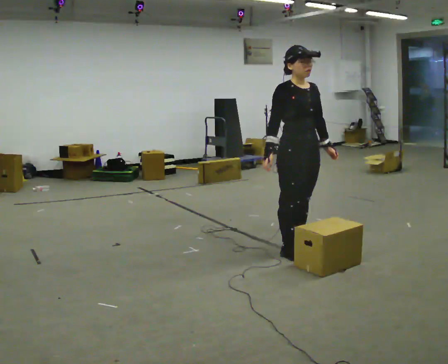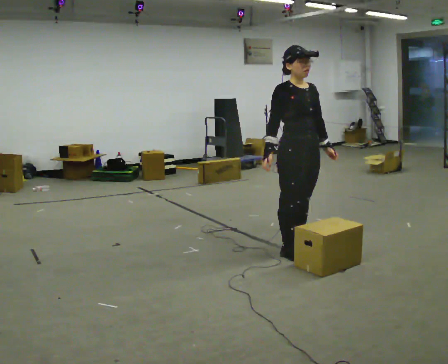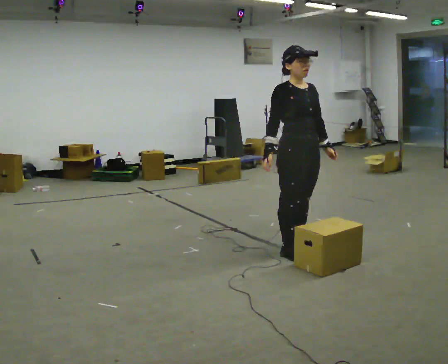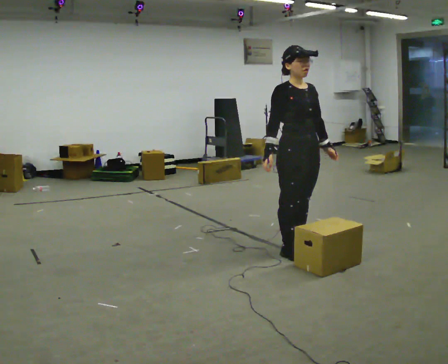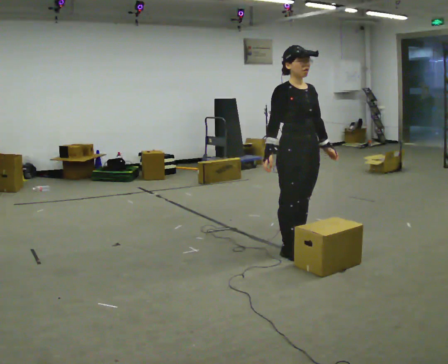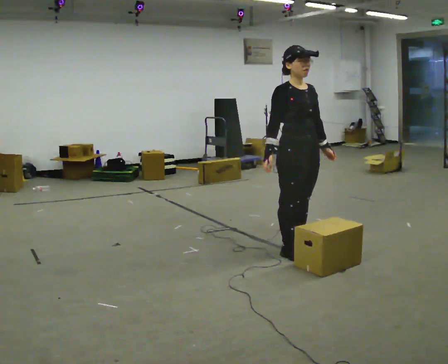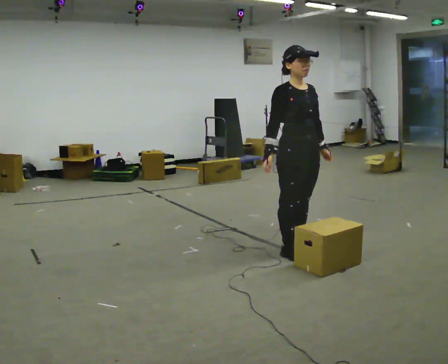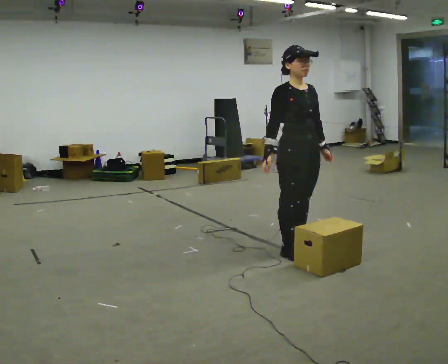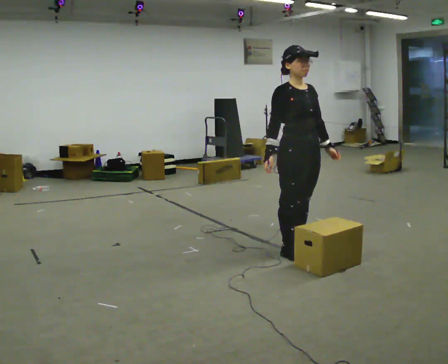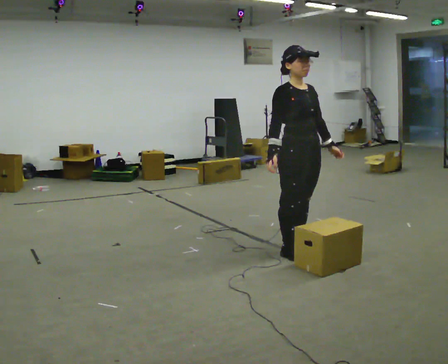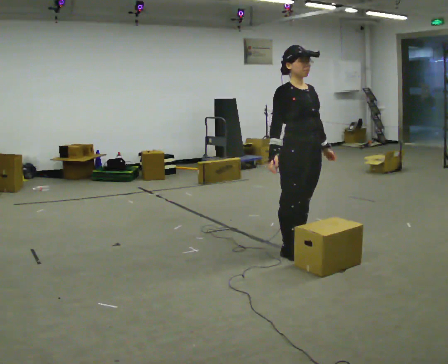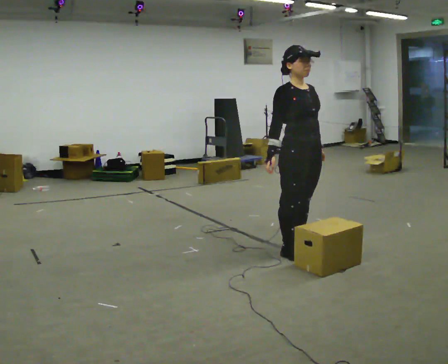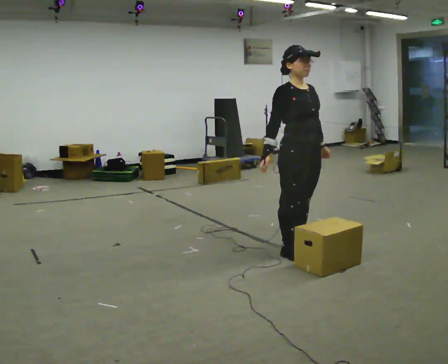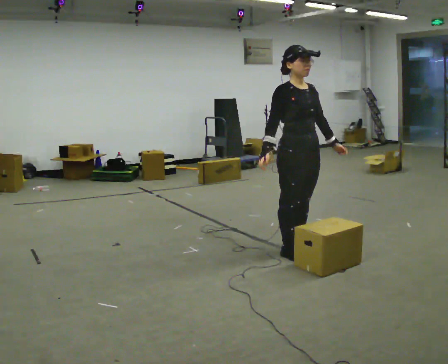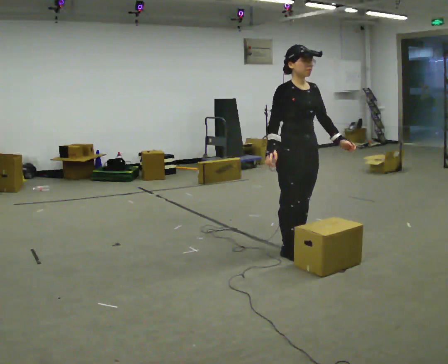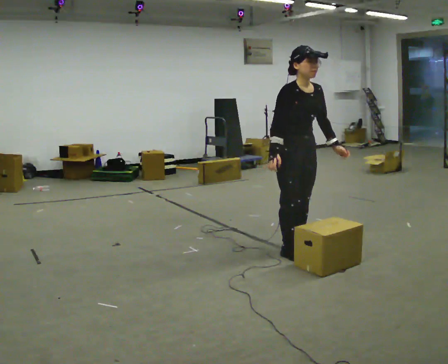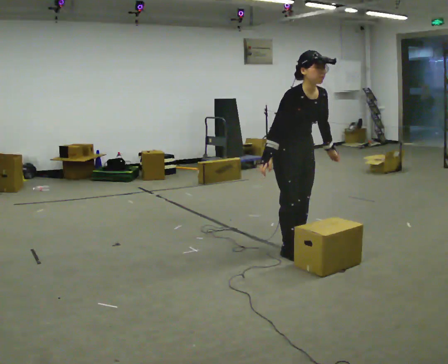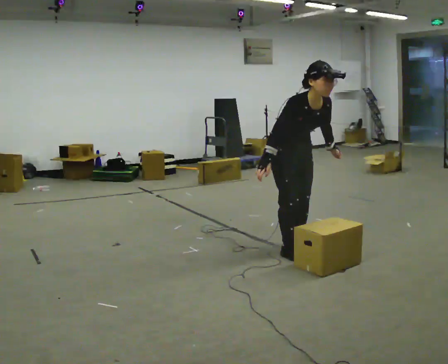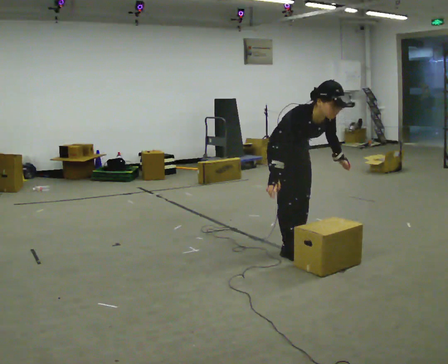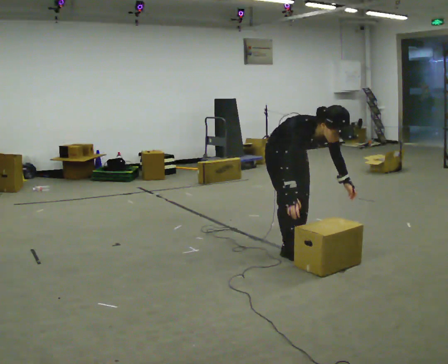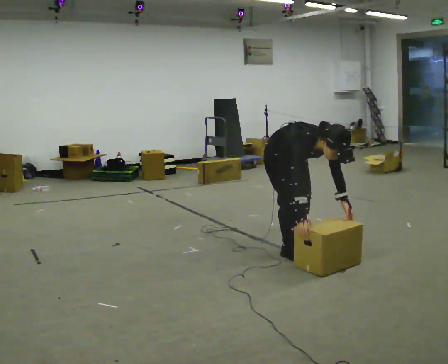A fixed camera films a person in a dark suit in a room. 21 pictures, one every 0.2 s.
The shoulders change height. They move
downward.
0.0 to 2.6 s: The person moves a little, or ends about where they began.
2.6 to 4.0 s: The upper body goes downward. In the picture the upper body tilts clockwise, shoulders to the right, as they bend forward. In the picture their right hand goes downward.
The film runs backward here.
